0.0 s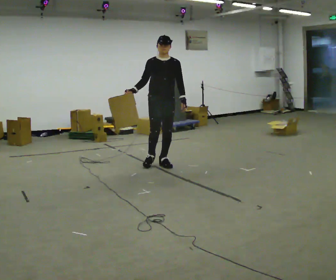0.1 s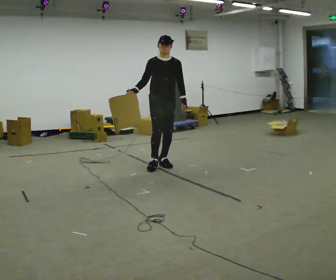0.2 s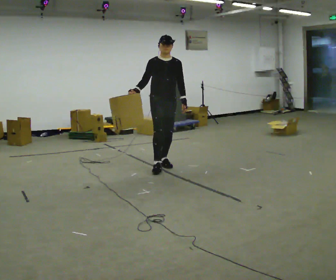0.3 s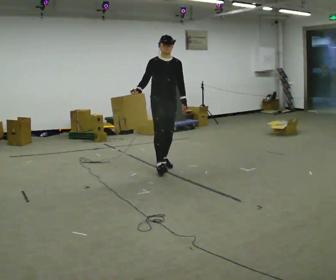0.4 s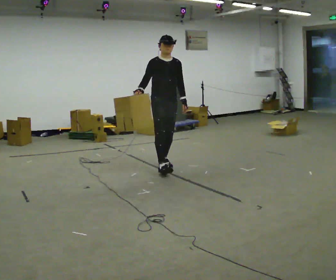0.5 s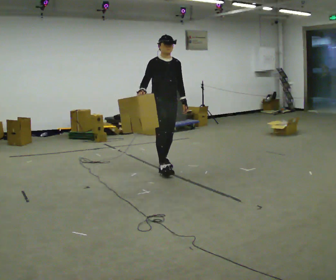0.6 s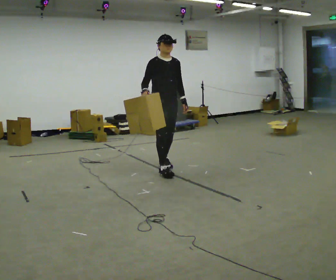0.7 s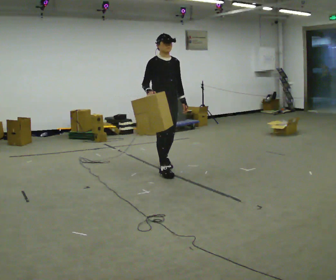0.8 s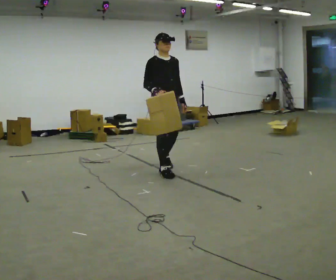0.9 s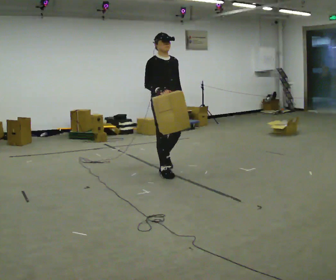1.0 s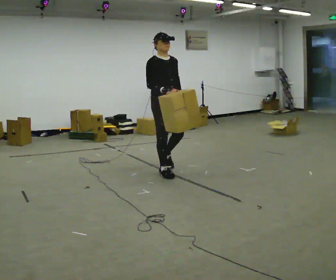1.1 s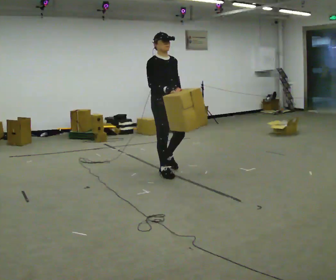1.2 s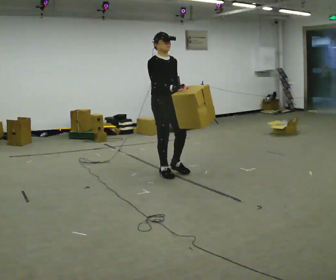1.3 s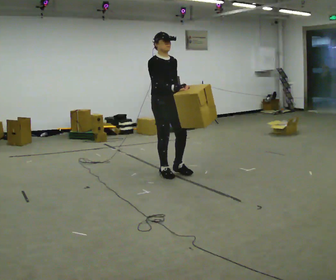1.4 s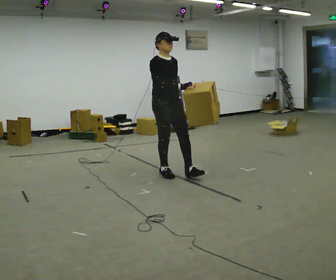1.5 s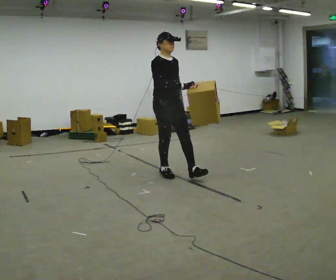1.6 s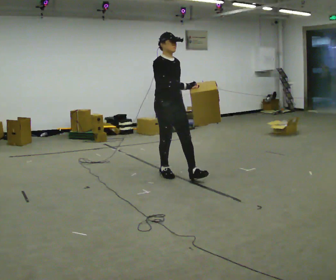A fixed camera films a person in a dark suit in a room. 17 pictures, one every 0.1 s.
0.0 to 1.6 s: The person turns about 30 degrees to their left, counterclockwise seen from above, so the part of the body nearest the lens slides to the right. In the picture they go toward the camera, about 0.5 m in 2 steps, which for them is forward and to their right.
The film runs forward here.
